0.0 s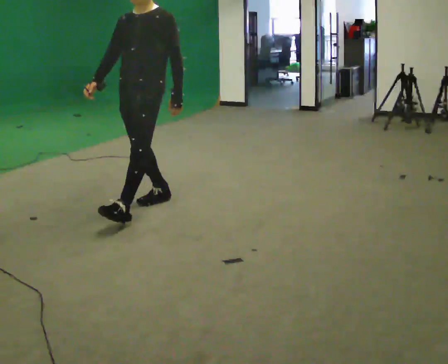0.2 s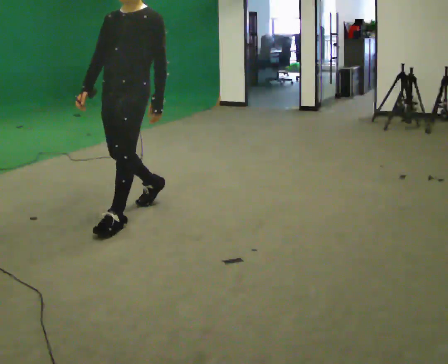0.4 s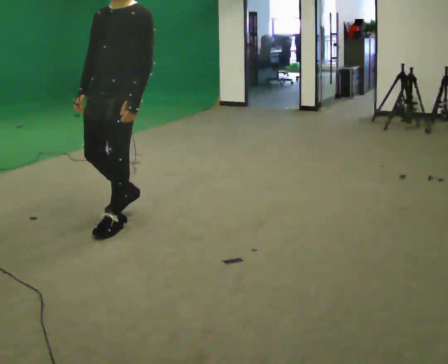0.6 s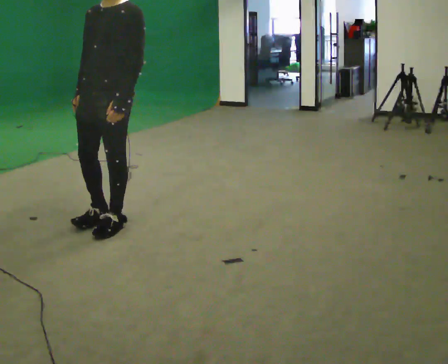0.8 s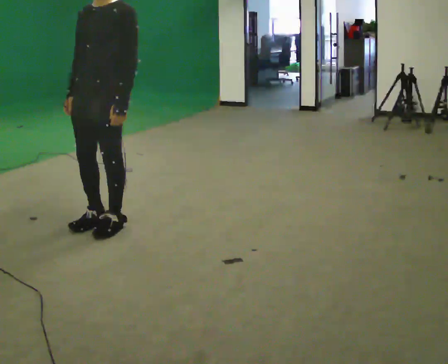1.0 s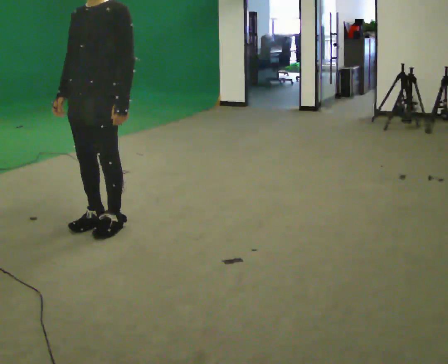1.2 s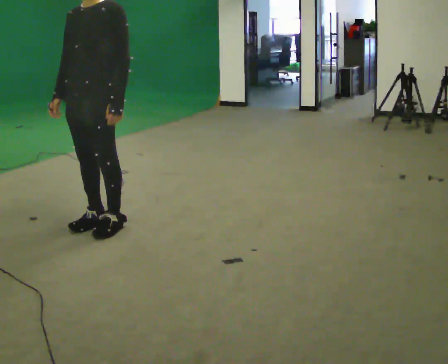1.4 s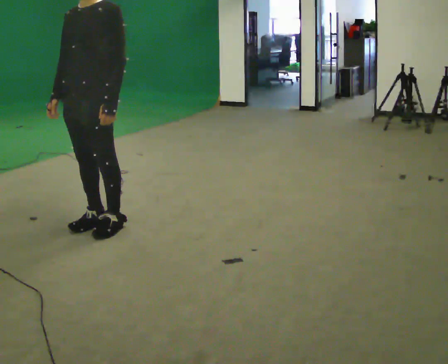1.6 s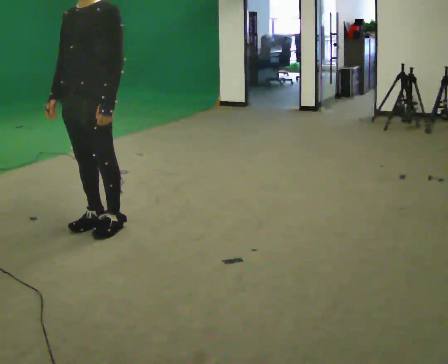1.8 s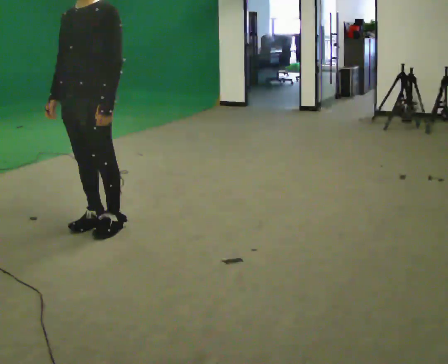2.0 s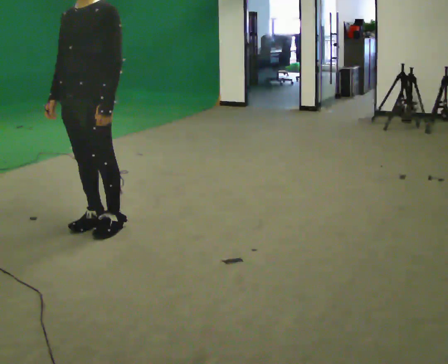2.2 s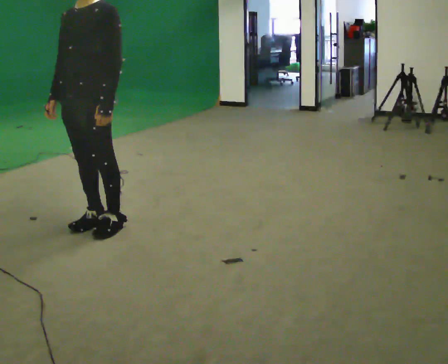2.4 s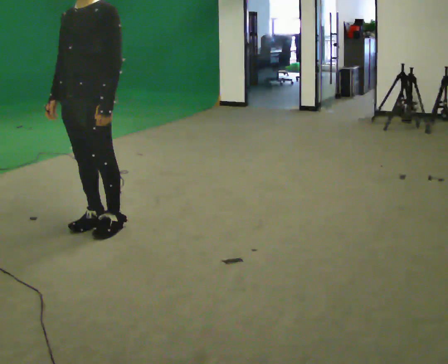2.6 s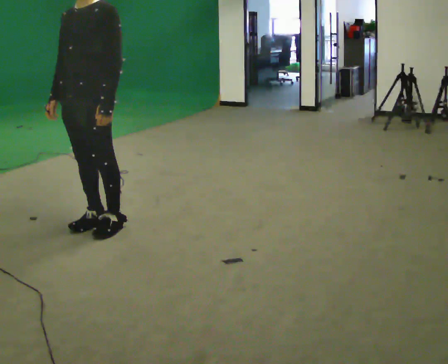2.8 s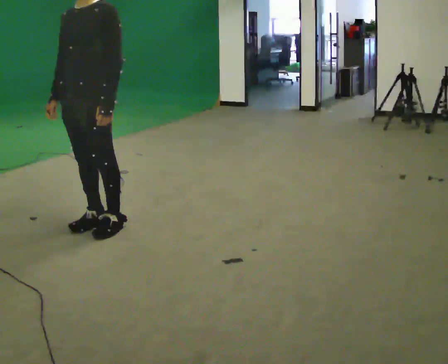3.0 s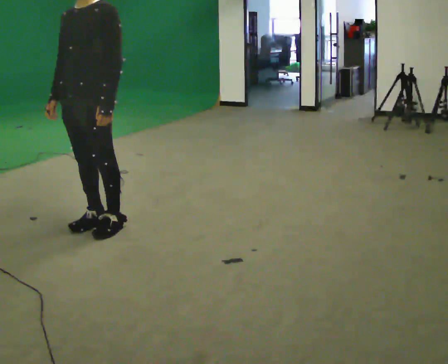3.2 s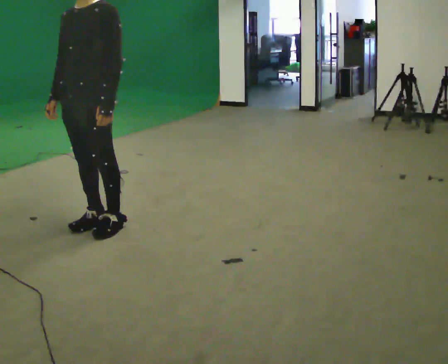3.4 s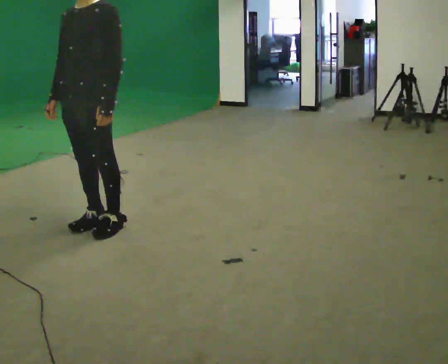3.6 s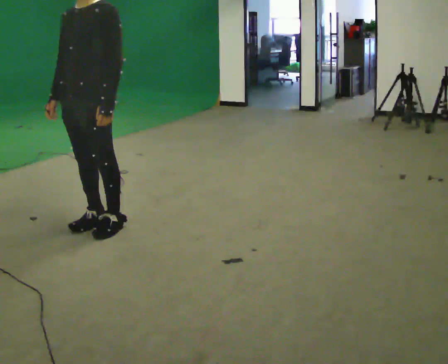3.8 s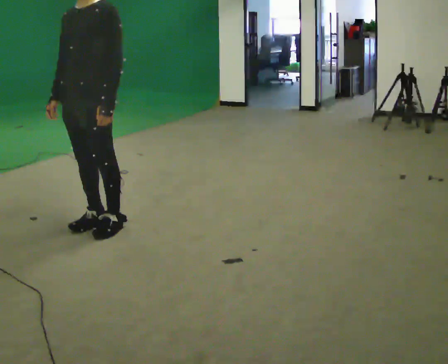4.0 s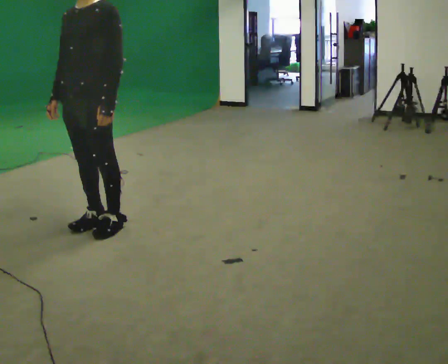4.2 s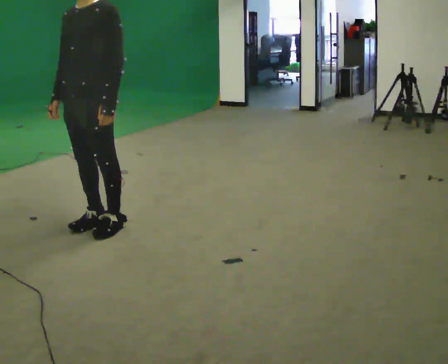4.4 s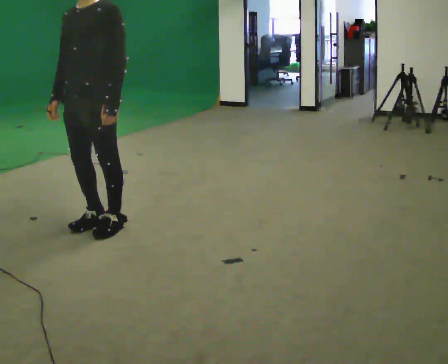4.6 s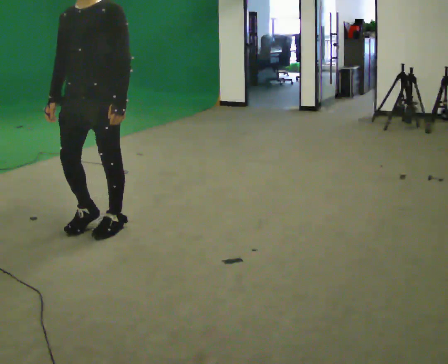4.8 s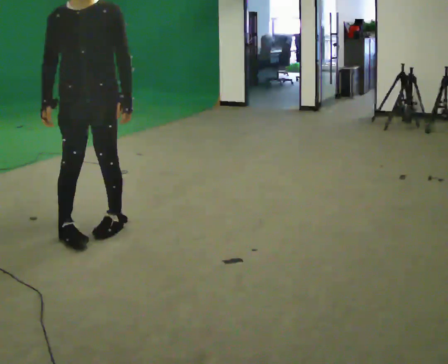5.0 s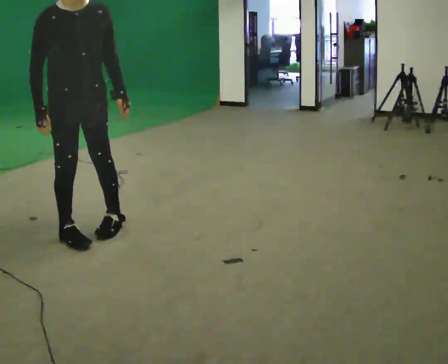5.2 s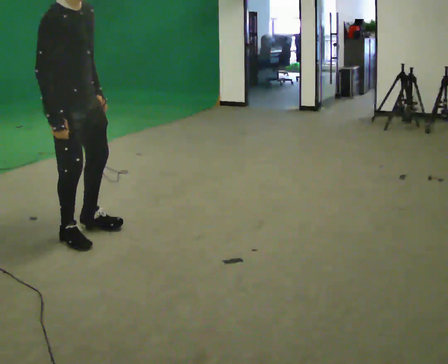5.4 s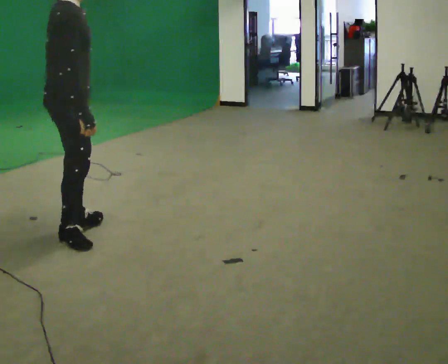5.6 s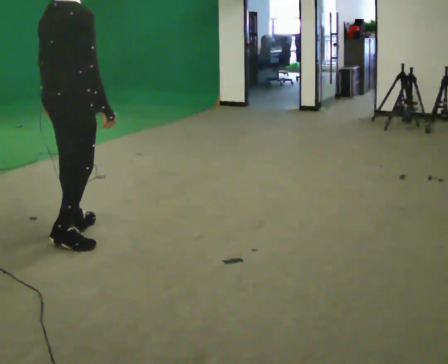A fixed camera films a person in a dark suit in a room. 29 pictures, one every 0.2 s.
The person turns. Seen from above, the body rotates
counterclockwise.
The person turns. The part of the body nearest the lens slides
to the right.
0.0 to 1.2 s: In the picture they go toward the camera and to the left, about 0.5 m in 2 steps, which for them is forward.
1.2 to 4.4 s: The person moves a little, or ends about where they began.
4.4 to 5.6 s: The part of the body nearest the lens slides to the right as the person turns to their left by about 180 degrees. In the picture they go to the left, about 0.25 m in 2 steps. In the picture their left hand goes to the left.
The film runs forward here.
